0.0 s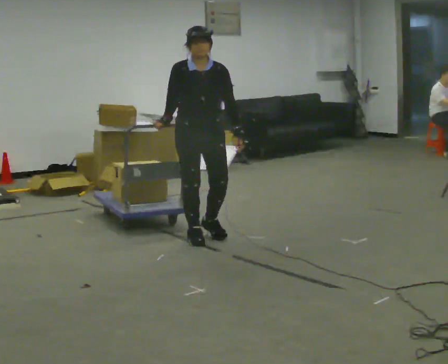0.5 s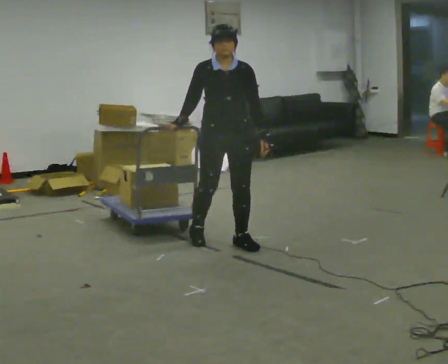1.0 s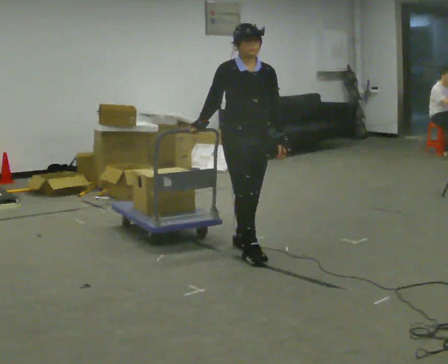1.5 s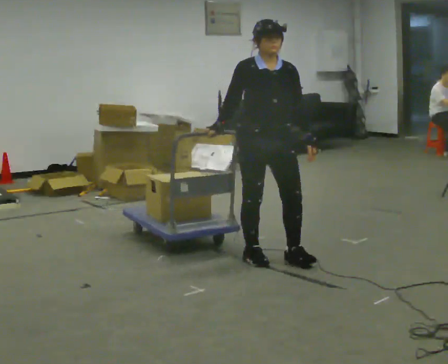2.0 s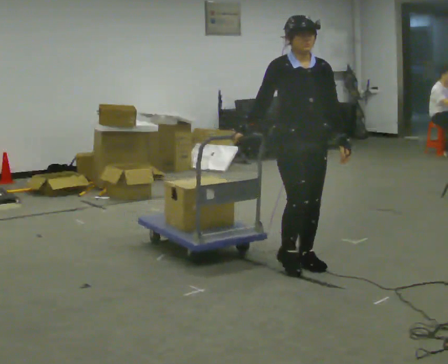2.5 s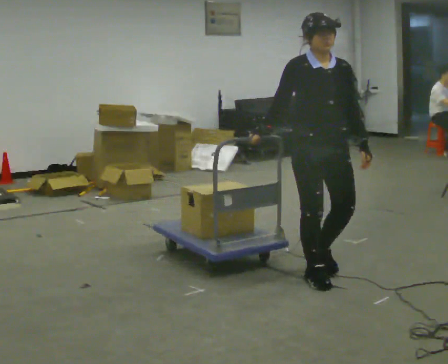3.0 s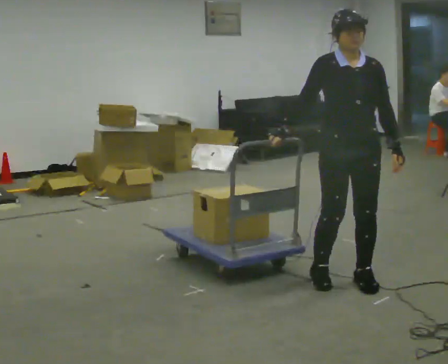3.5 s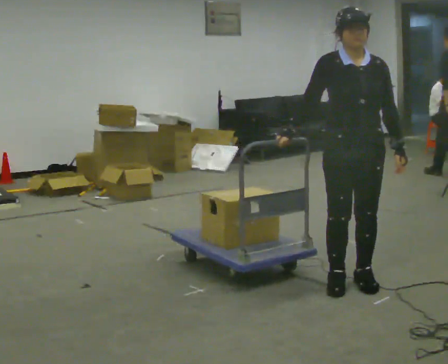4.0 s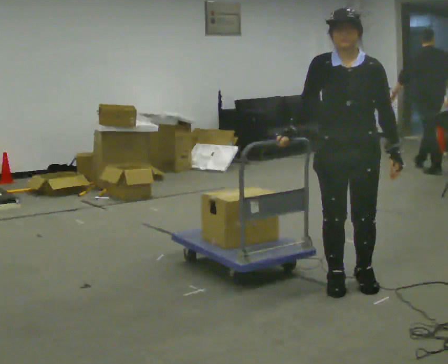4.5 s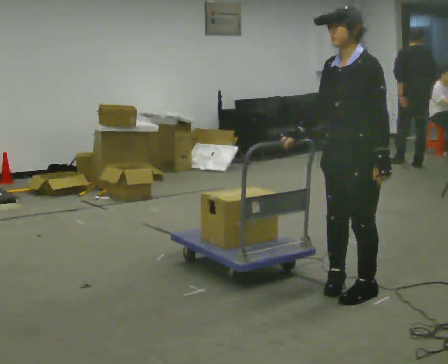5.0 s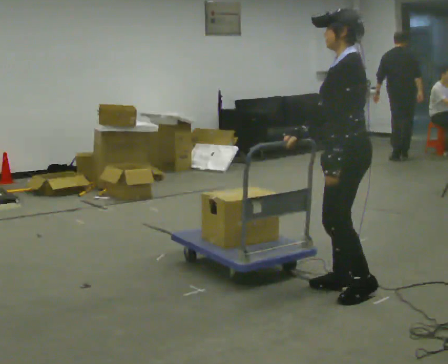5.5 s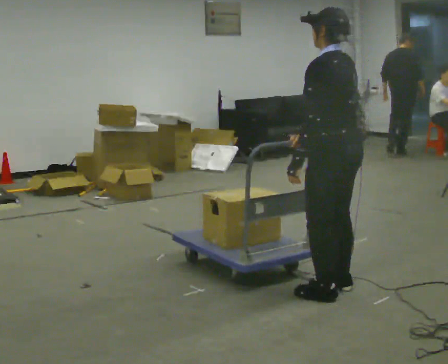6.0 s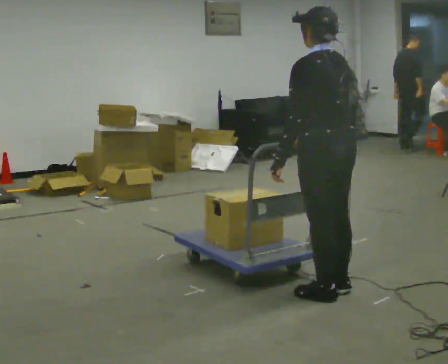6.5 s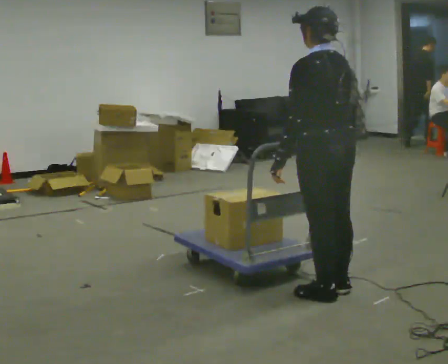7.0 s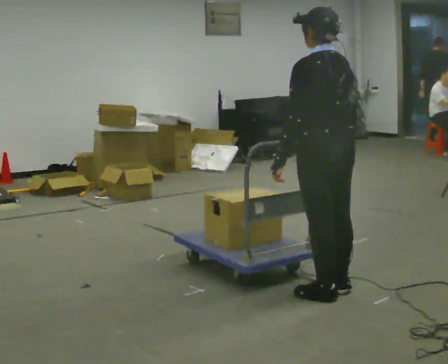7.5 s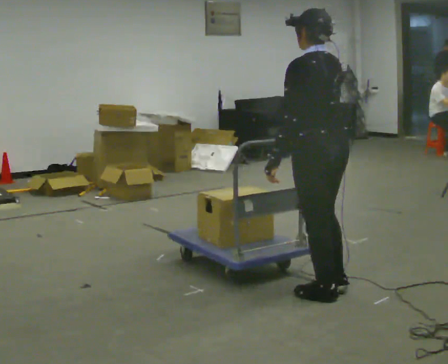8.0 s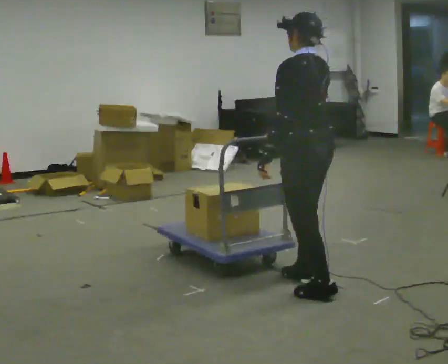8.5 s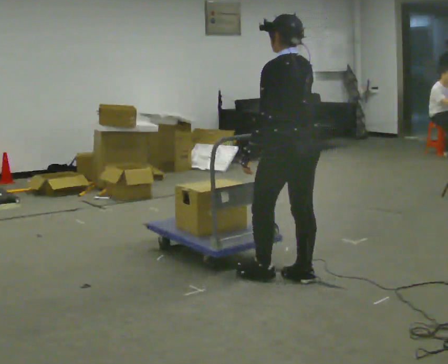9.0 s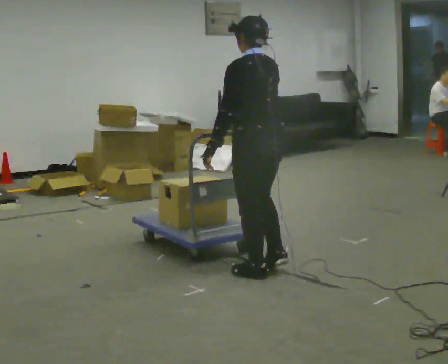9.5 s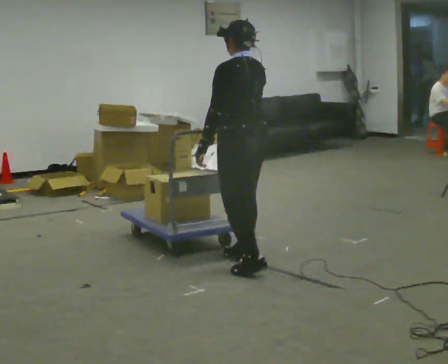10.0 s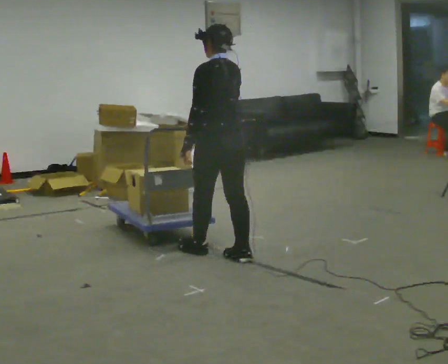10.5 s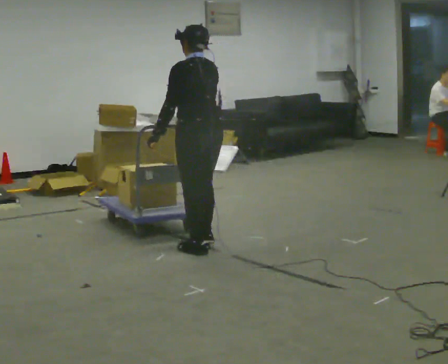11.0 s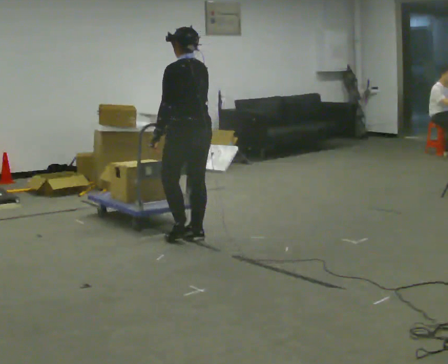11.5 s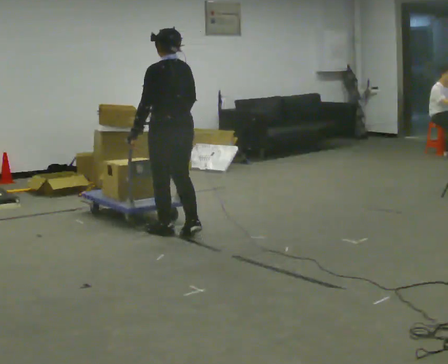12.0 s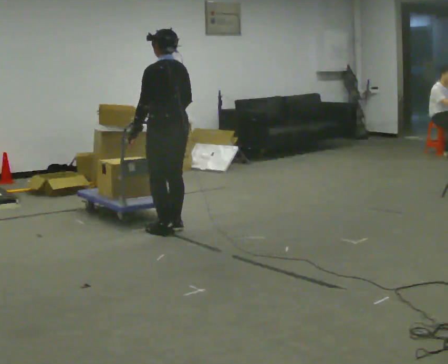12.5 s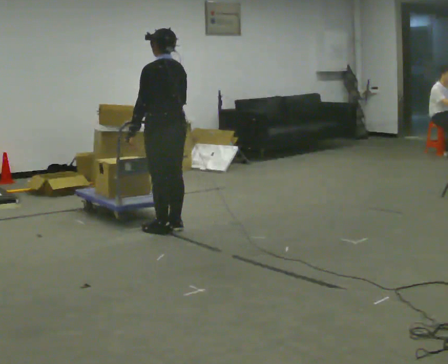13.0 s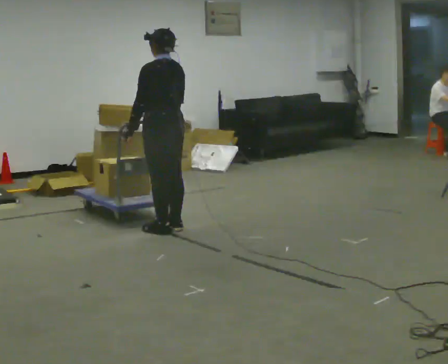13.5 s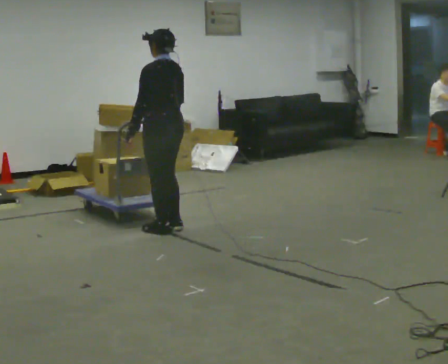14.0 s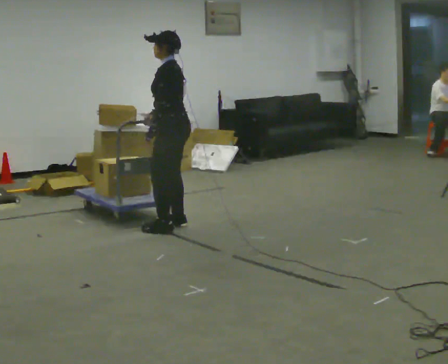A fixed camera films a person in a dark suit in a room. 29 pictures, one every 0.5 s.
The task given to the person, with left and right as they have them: Push the cart across the room using only the hand the operator calls. Keep your other arm at your side.
0.0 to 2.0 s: In the picture they go to the right and toward the camera, about 1 m in 3 steps, which for them is forward.
2.0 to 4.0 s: The person turns about 30 degrees to their right, clockwise seen from above, so the part of the body nearest the lens slides to the left. In the picture they go toward the camera and to the right, about 0.5 m in 3 steps, which for them is forward and to their left.
4.0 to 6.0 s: The person turns about 120 degrees to their right, clockwise seen from above, so the part of the body nearest the lens slides to the left. In the picture they go toward the camera, about 0.25 m in 2 steps. In the picture their left hand goes to the left, the arm swinging clockwise.
6.0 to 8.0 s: In the picture they go away from the camera, about 0.25 m in 1 step, which for them is forward.
8.0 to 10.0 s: In the picture they go to the left and away from the camera, about 1 m in 3 steps, which for them is forward.
10.0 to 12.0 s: In the picture they go to the left and away from the camera, about 1 m in 3 steps, which for them is forward.
12.0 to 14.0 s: The person turns about 45 degrees to their left, counterclockwise seen from above, so the part of the body nearest the lens slides to the right.
The film runs forward here.
